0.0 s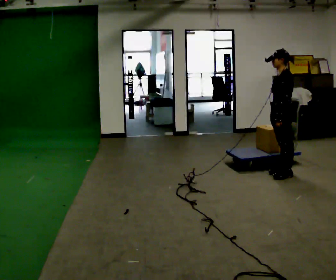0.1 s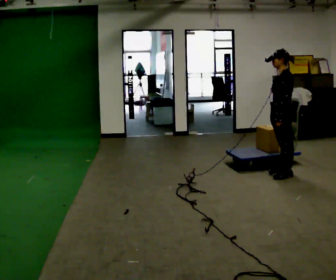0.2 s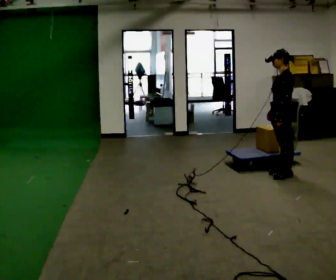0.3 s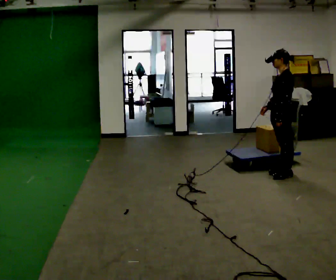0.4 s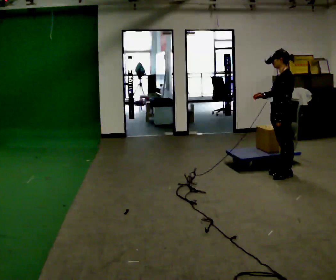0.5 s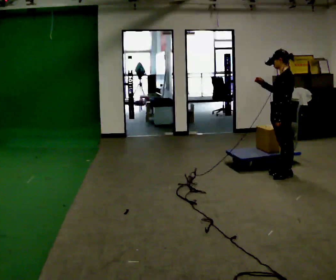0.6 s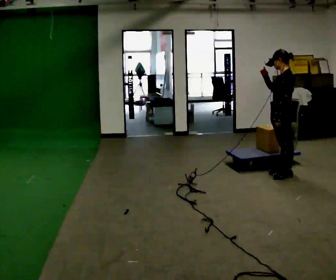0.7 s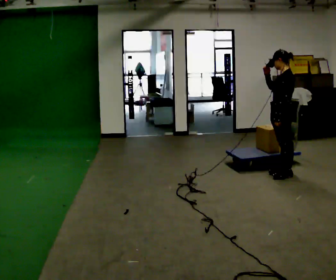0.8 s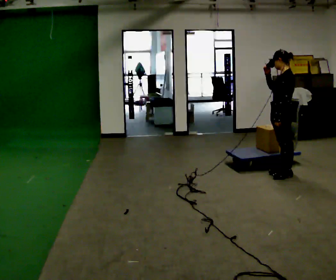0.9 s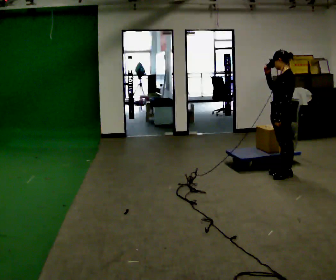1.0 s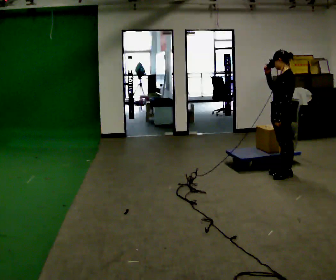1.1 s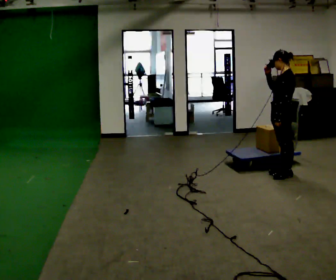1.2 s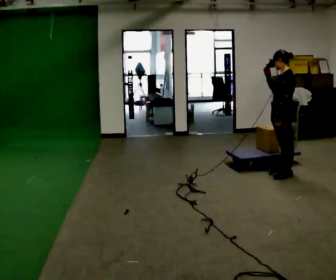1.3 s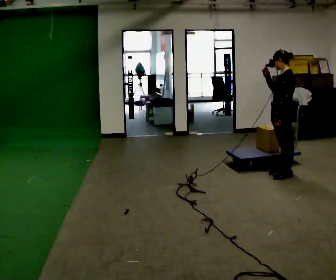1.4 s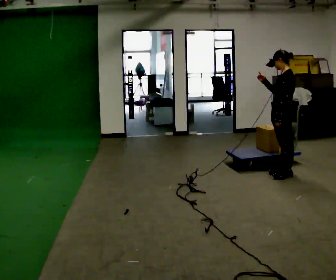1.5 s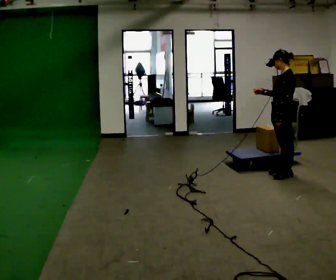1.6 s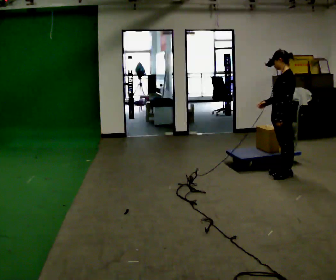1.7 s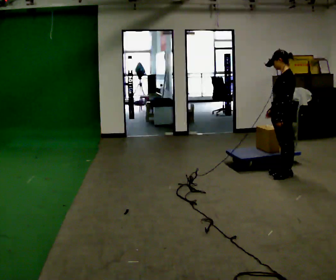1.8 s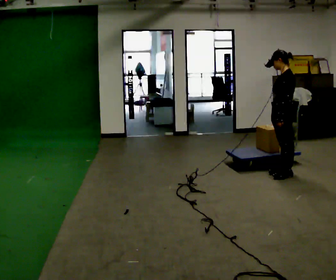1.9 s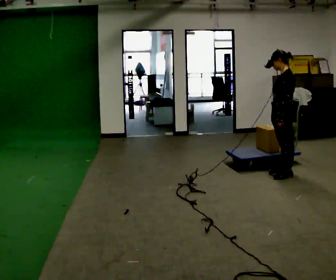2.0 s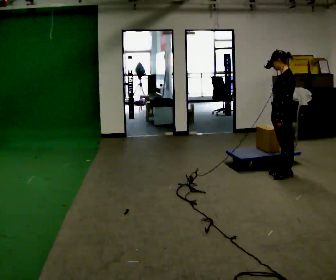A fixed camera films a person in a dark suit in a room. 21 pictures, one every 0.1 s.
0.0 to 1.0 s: In the picture their right hand goes upward.
1.0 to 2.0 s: In the picture their right hand goes downward.
The film runs forward here.
